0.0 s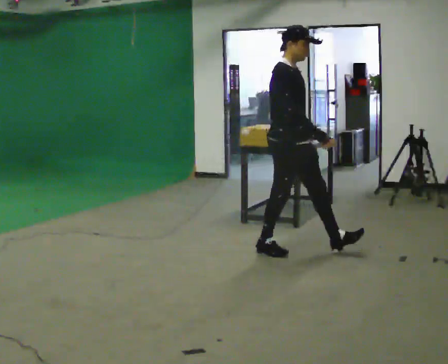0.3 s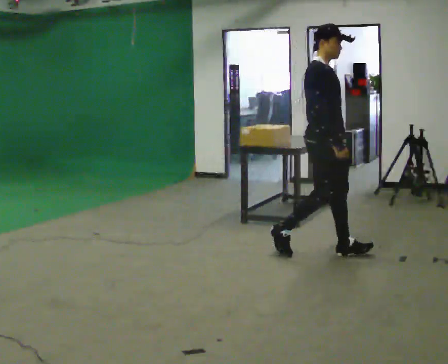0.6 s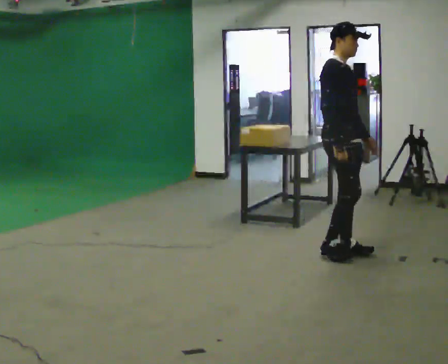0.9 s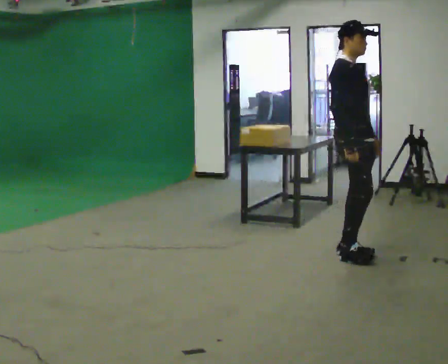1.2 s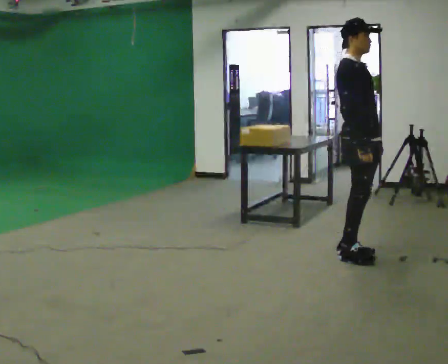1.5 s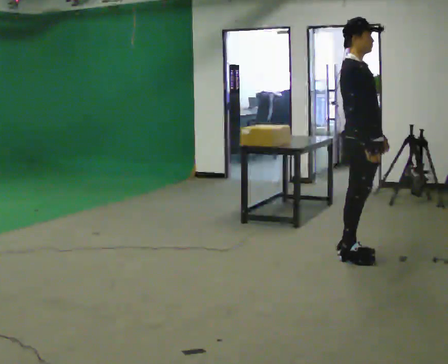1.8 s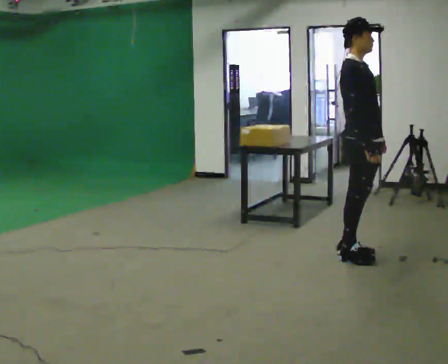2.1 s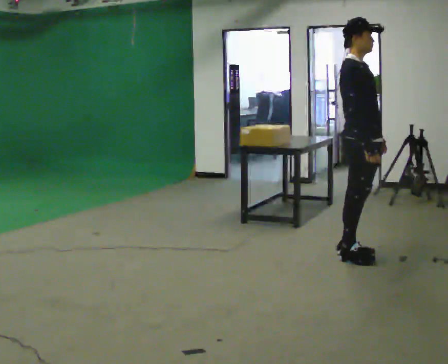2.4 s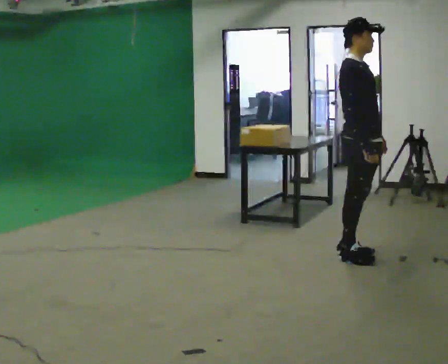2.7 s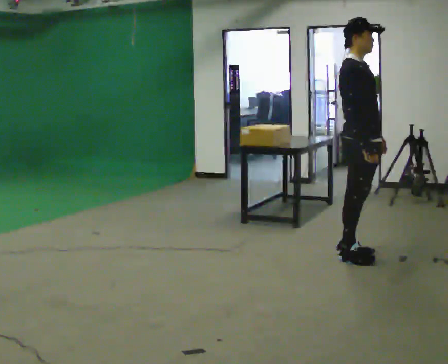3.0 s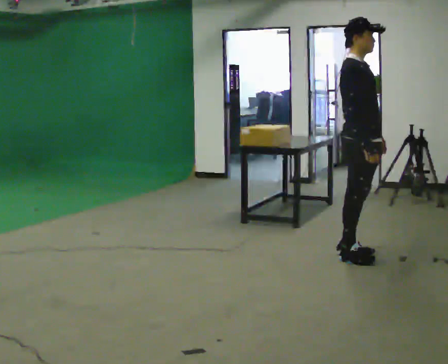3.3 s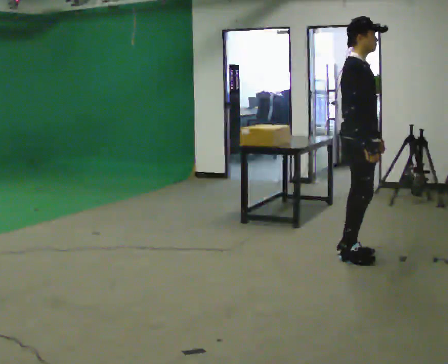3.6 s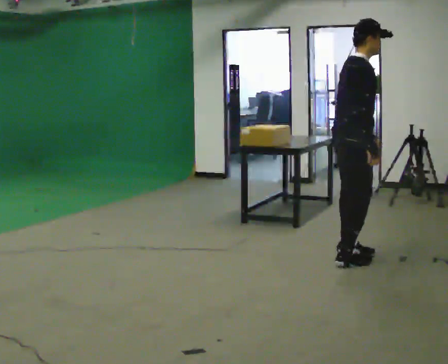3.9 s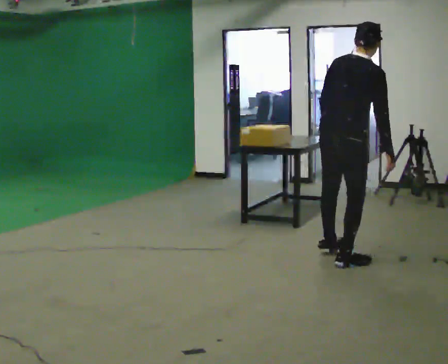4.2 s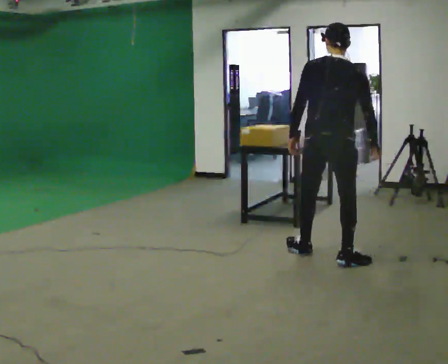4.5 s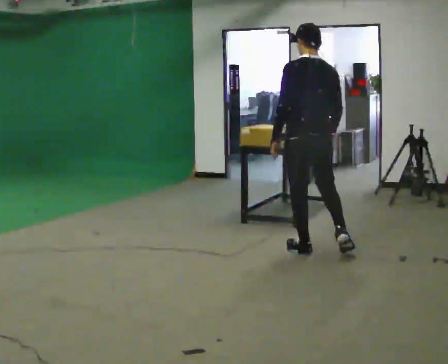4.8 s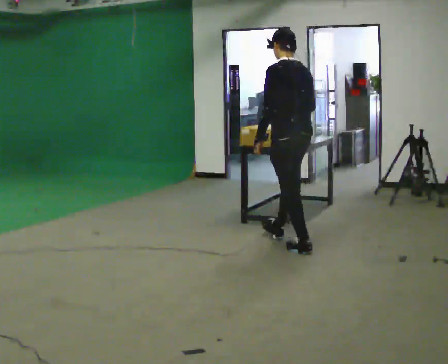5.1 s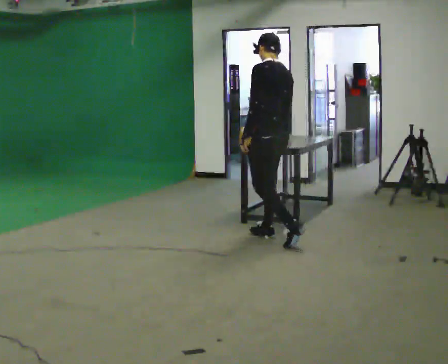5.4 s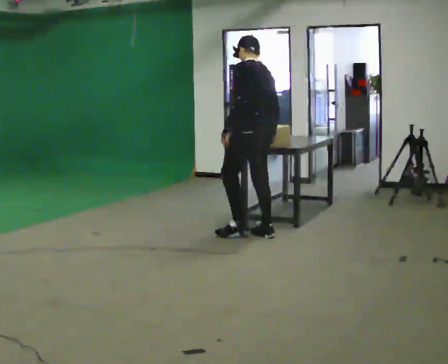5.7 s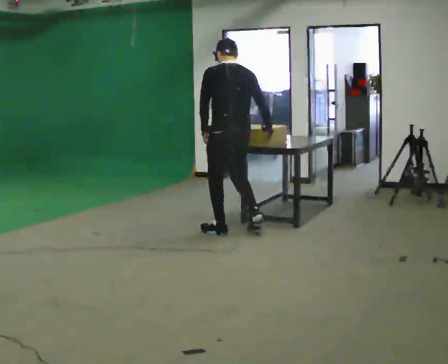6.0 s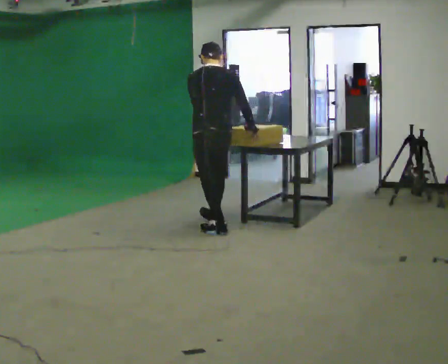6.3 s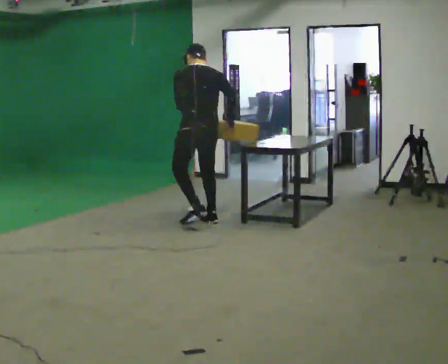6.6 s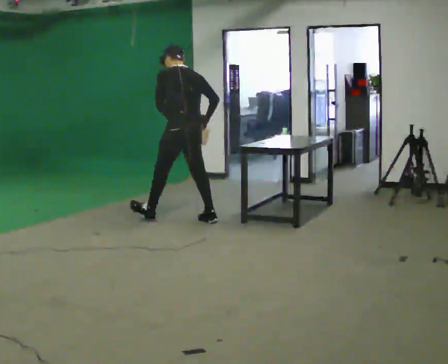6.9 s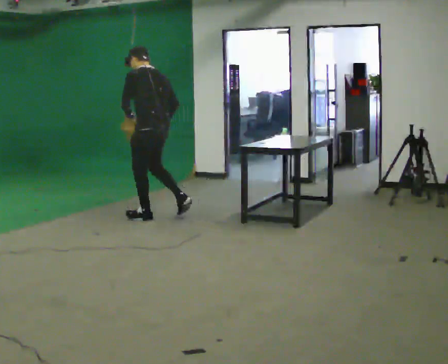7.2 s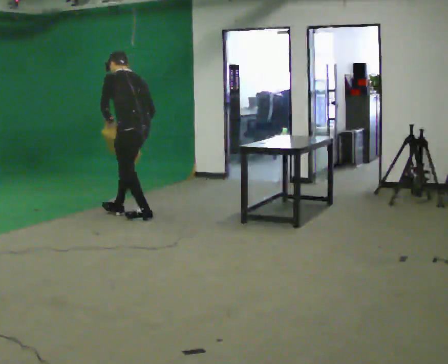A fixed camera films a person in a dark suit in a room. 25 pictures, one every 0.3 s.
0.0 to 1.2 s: In the picture they go to the right, about 0.5 m in 2 steps, which for them is forward.
1.2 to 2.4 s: The person moves a little, or ends about where they began.
2.4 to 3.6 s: The part of the body nearest the lens slides to the right as the person turns to their left by about 45 degrees. In the picture the upper body tilts clockwise, shoulders to the right, as they bend forward.
3.6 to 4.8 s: The part of the body nearest the lens slides to the right as the person turns to their left by about 120 degrees. In the picture they go to the left and away from the camera, about 0.5 m in 1 step.
4.8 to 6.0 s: The person turns about 30 degrees to their right, clockwise seen from above, so the part of the body nearest the lens slides to the left. In the picture they go to the left and away from the camera, about 1 m in 3 steps, which for them is forward.
6.0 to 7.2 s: The part of the body nearest the lens slides to the right as the person turns to their left by about 45 degrees. In the picture they go to the left, about 1 m in 1 step, which for them is forward and to their left. In the picture the upper body tilts counterclockwise, shoulders to the left.
The film runs forward here.
